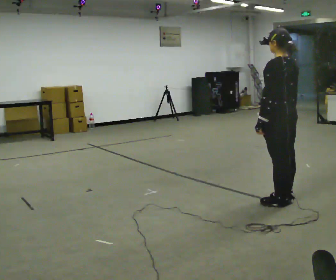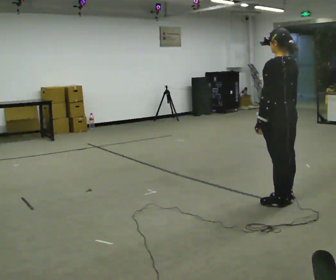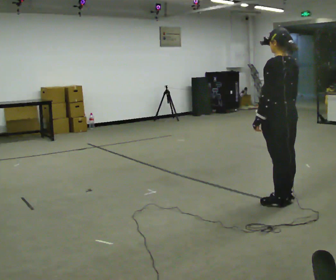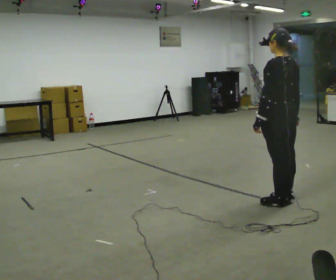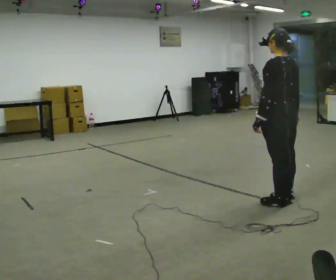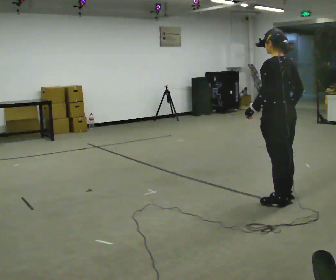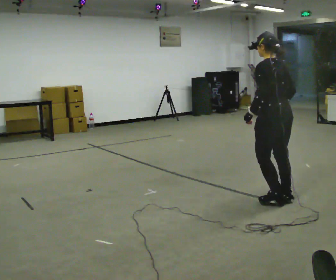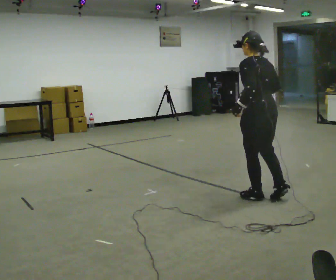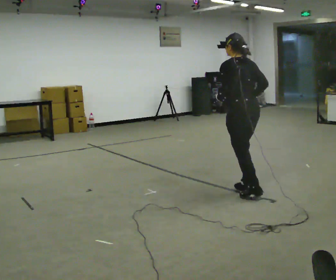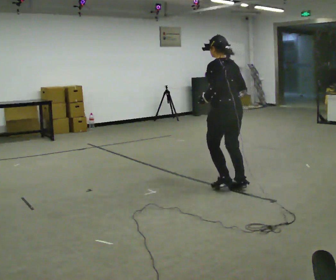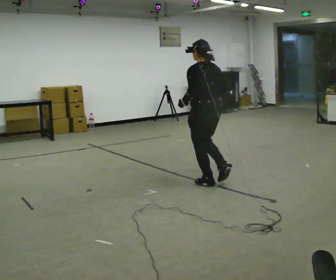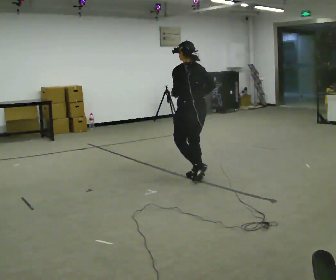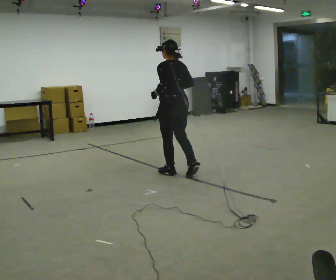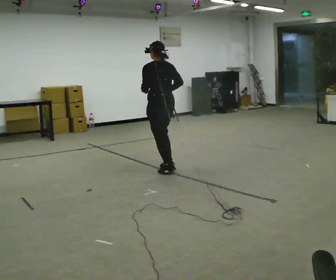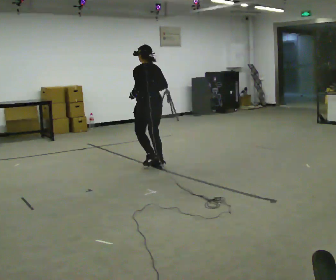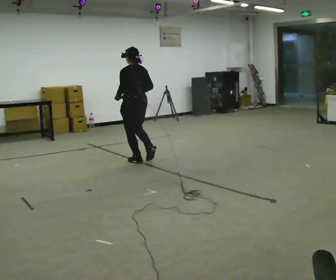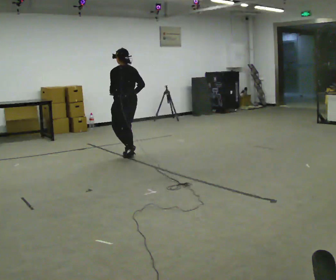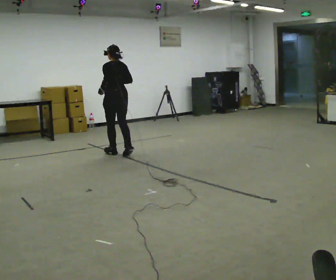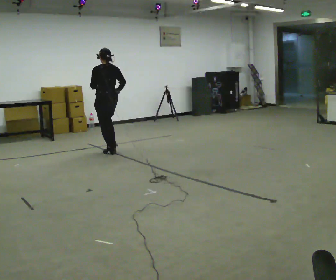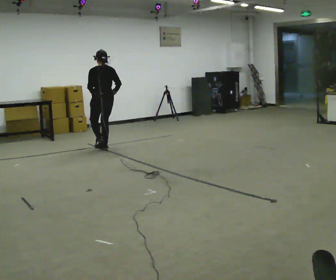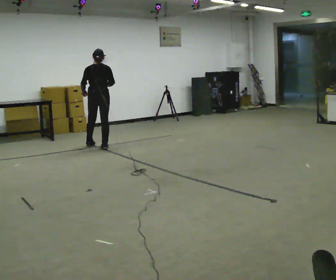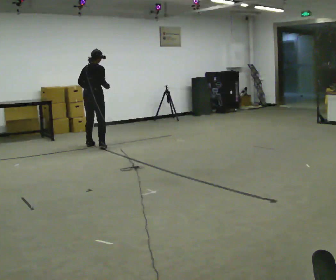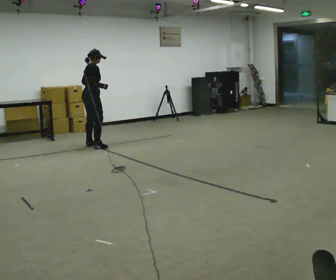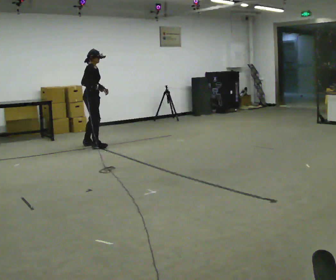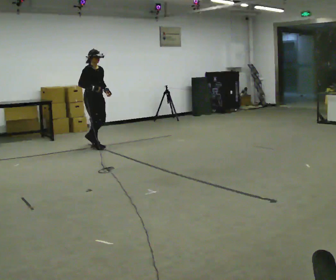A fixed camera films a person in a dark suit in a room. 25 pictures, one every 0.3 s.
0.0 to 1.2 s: The person moves a little, or ends about where they began.
1.2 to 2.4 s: In the picture they go away from the camera and to the left, about 0.5 m in 1 step, which for them is forward.
2.4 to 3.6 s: In the picture they go away from the camera and to the left, about 1 m in 3 steps, which for them is forward.
3.6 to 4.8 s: In the picture they go away from the camera and to the left, about 1 m in 4 steps, which for them is forward.
4.8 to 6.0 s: Seen from above the body turns clockwise, about 30 degrees: to their right, with its near side sliding to the left. In the picture they go away from the camera and to the left, about 1 m in 2 steps, which for them is forward.
6.0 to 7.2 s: Seen from above the body turns clockwise, about 120 degrees: to their right, with its near side sliding to the left. In the picture their left hand goes to the right, the arm swinging counterclockwise.
The film runs forward here.
